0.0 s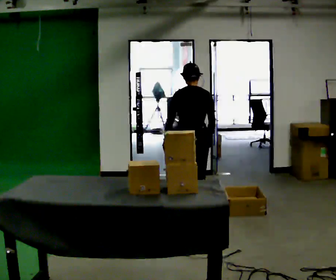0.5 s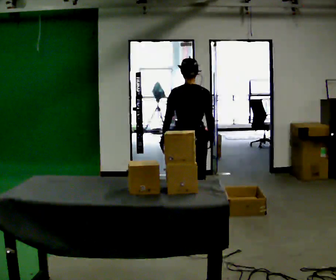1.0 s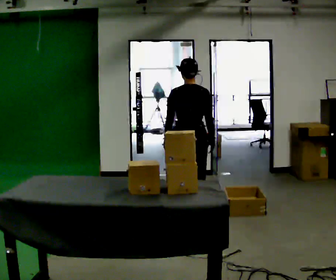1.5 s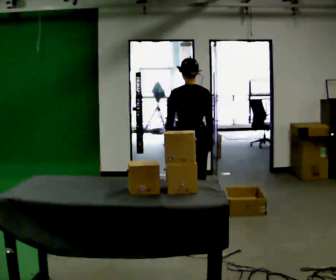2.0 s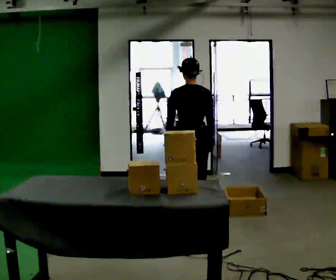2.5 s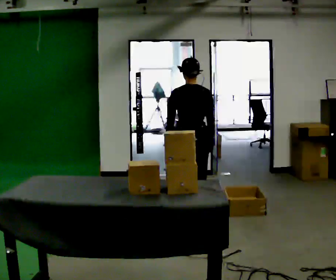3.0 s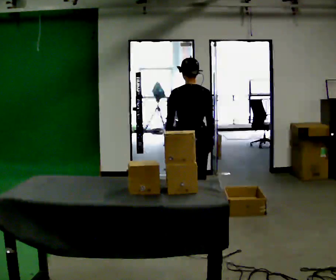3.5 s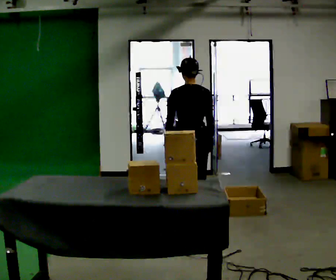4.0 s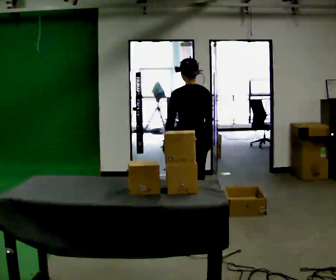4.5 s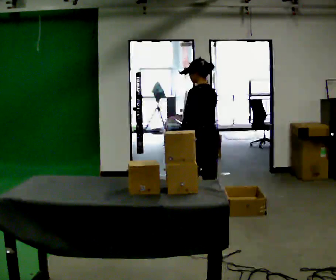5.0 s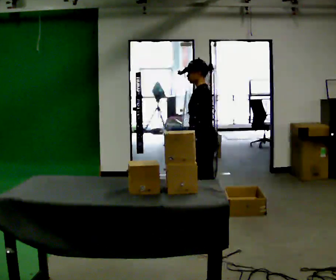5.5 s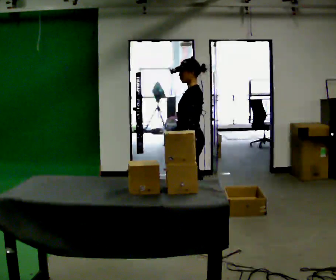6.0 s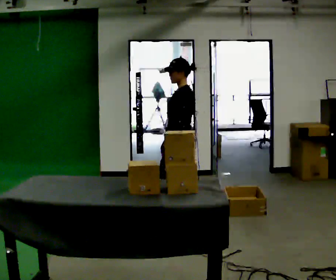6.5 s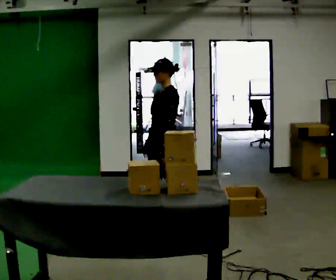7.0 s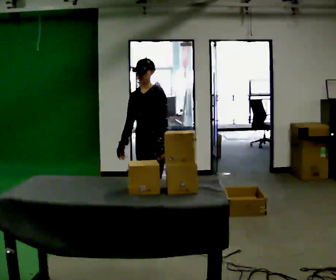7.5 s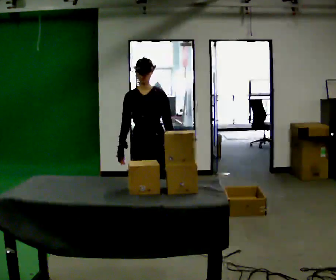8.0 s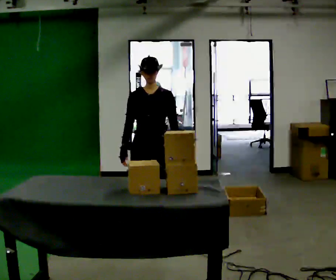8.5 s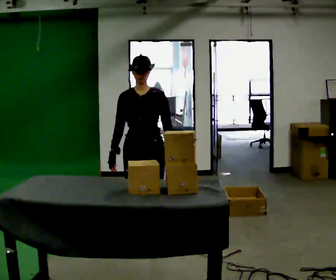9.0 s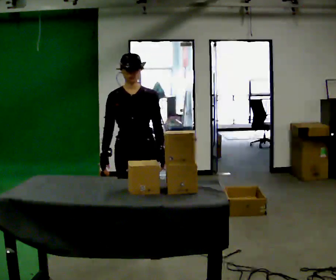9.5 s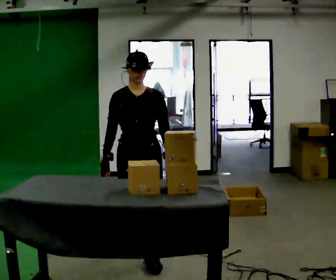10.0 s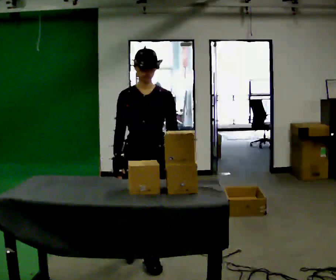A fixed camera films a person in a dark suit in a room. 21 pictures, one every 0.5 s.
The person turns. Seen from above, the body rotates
counterclockwise.
The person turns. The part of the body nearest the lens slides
to the right.
0.0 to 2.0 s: The upper body tips toward the camera, its near side rolling downward, as they lean back or straighten.
2.0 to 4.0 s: The person moves a little, or ends about where they began.
4.0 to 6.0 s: Seen from above the body turns counterclockwise, about 75 degrees: to their left, with its near side sliding to the right. In the picture their right hand goes to the left.
6.0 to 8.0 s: Seen from above the body turns counterclockwise, about 75 degrees: to their left, with its near side sliding to the right. In the picture they go toward the camera and to the left, about 0.5 m in 2 steps.
8.0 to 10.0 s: In the picture they go toward the camera, about 0.75 m in 2 steps, which for them is forward.
The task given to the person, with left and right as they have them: 1. Take the objects out of the box on the table one at a time. 2. Put each one in the bin the operator has labelled for it. 3. Tell the operator when you are finished.
The film runs forward here.
